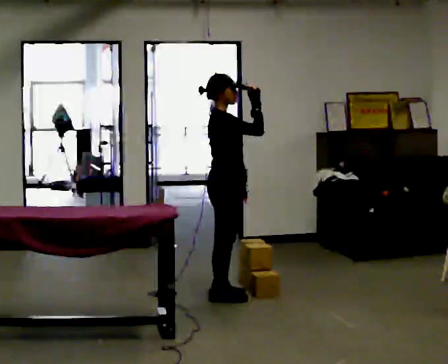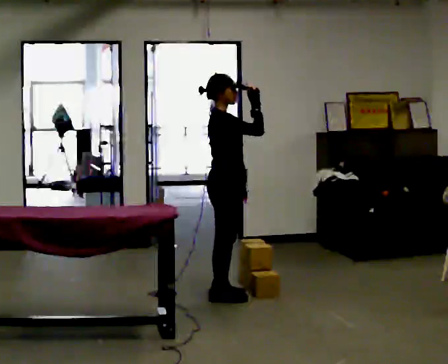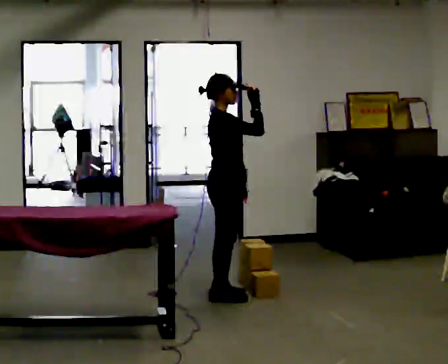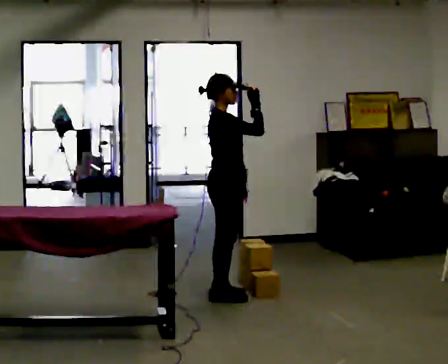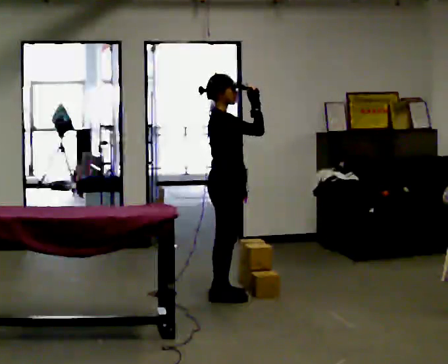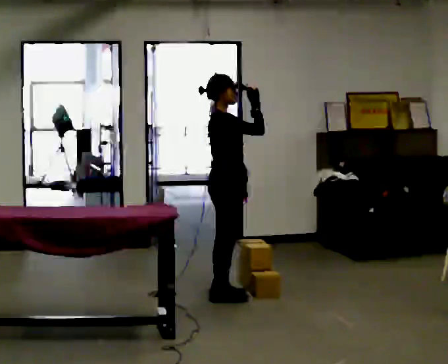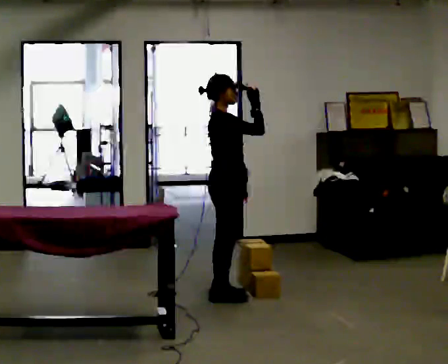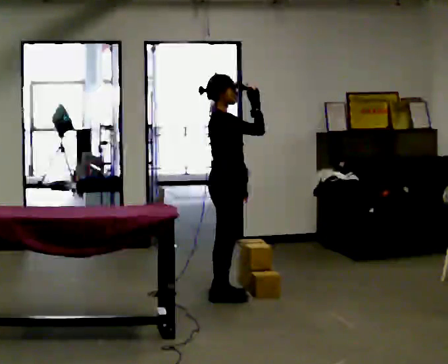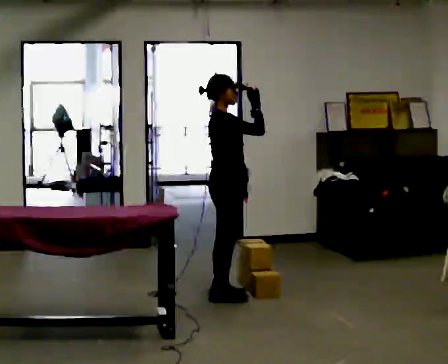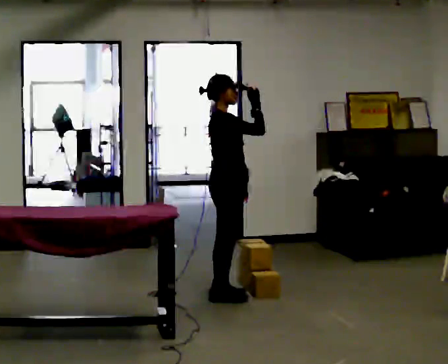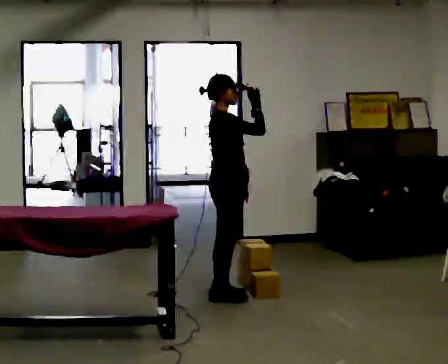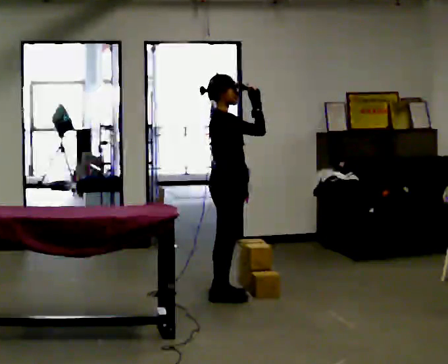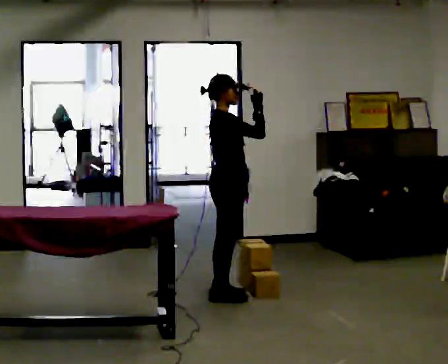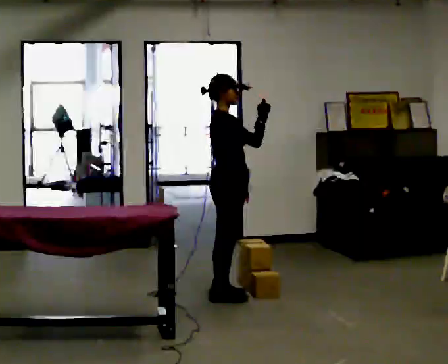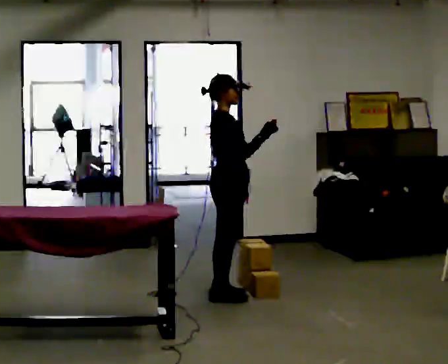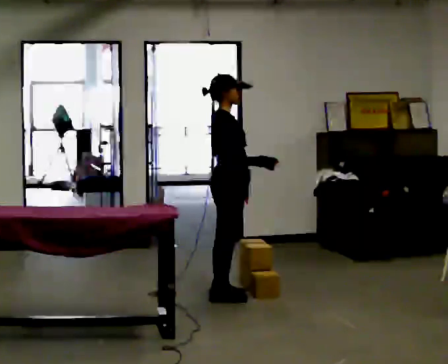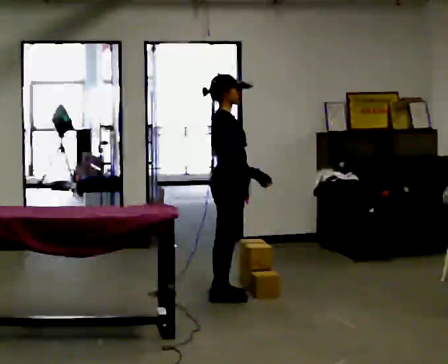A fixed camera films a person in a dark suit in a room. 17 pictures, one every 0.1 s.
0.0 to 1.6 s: In the picture their right hand goes downward.
The film runs forward here.
